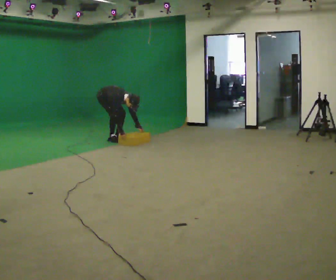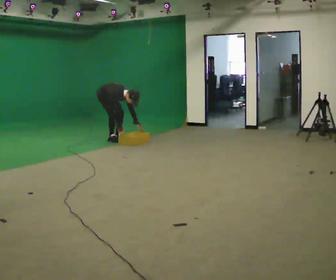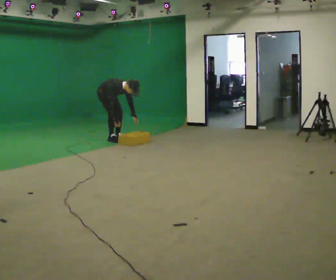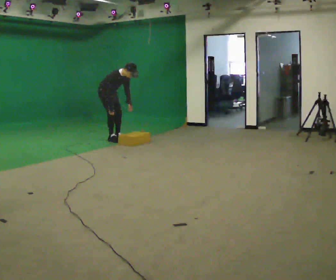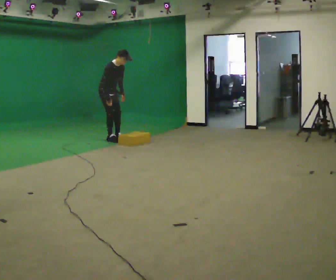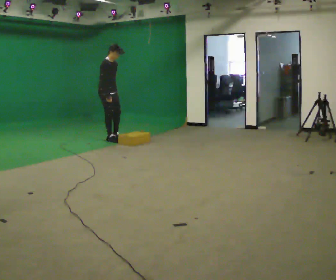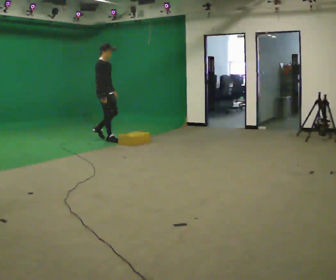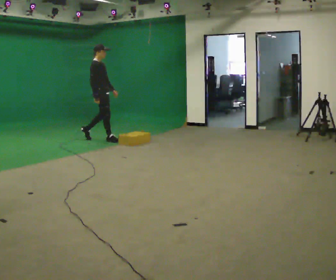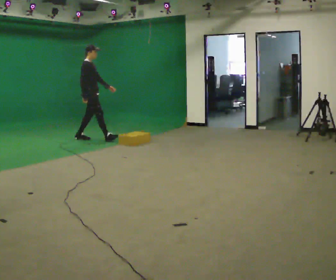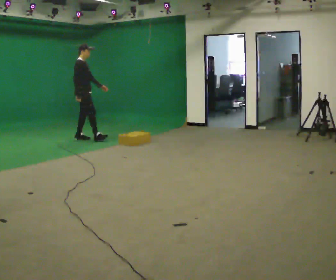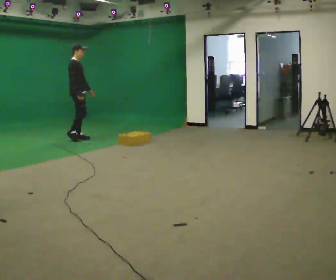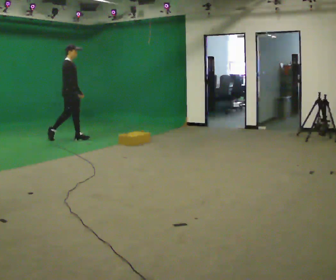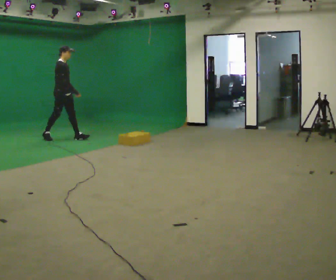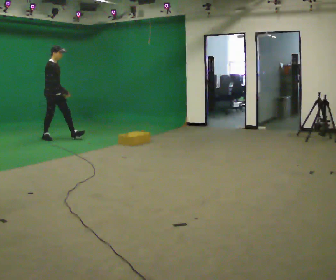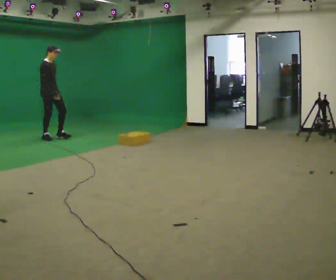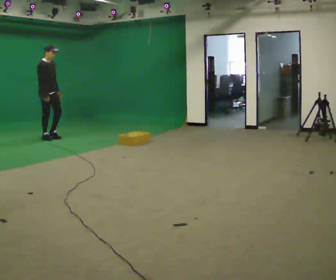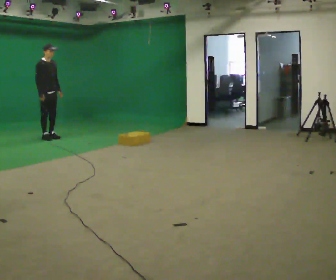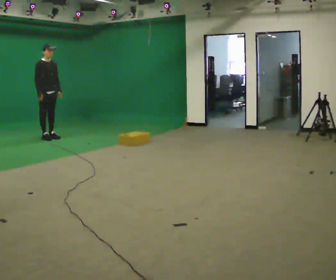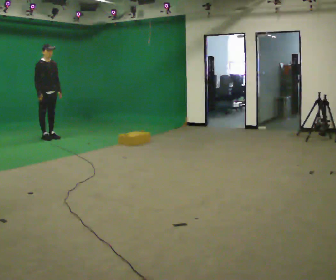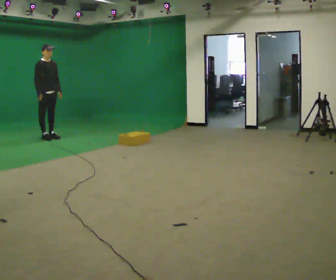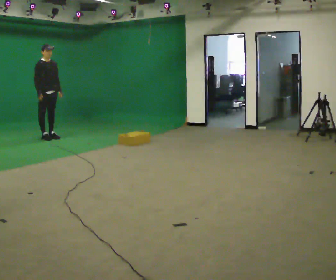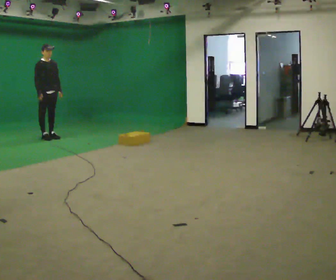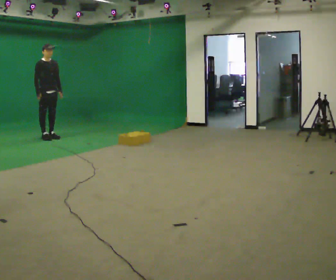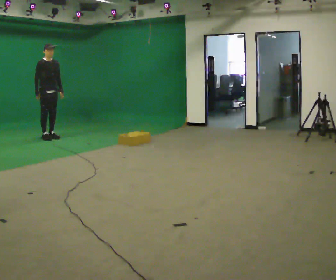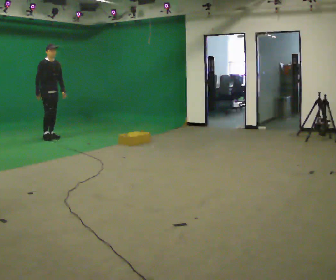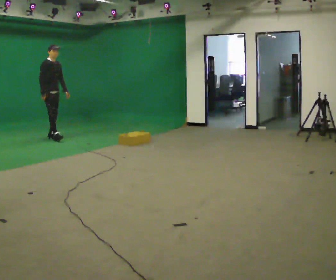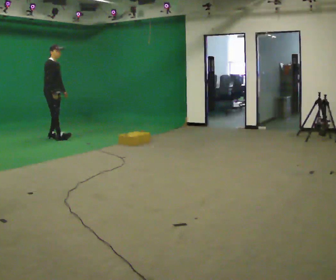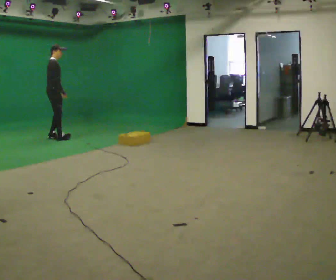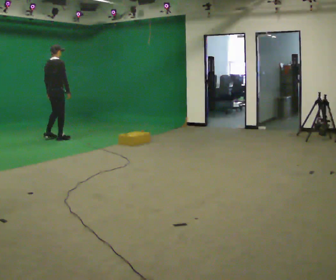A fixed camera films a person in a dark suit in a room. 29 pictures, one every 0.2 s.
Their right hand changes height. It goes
upward.
The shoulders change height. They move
upward.
0.0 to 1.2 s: The shoulders move upward. In the picture the upper body tilts counterclockwise, shoulders to the left, as they lean back or straighten. In the picture their left hand goes upward and to the left.
1.2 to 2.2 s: In the picture they go to the left, about 0.75 m in 1 step, which for them is backward.
2.2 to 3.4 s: The person turns about 30 degrees to their right, clockwise seen from above, so the part of the body nearest the lens slides to the left. In the picture they go to the left, about 0.5 m in 1 step, which for them is backward.
3.4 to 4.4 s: The person moves a little, or ends about where they began.
4.4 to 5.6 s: The person turns about 90 degrees to their left, counterclockwise seen from above, so the part of the body nearest the lens slides to the right. In the picture they go to the right, about 0.25 m in 2 steps.
The film runs backward here.
